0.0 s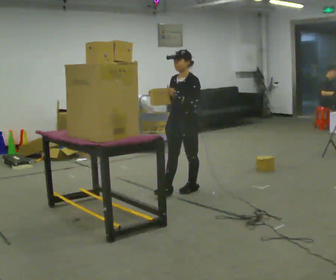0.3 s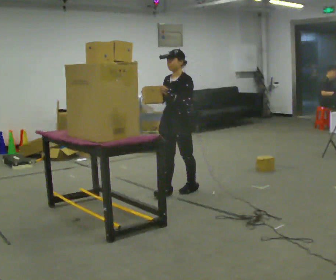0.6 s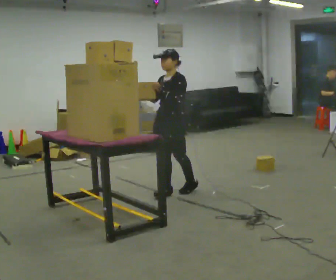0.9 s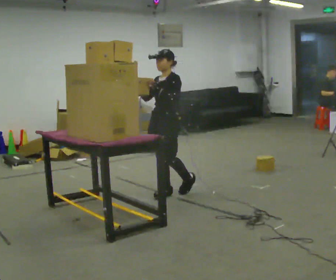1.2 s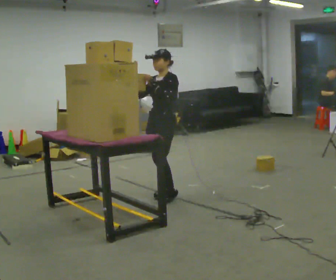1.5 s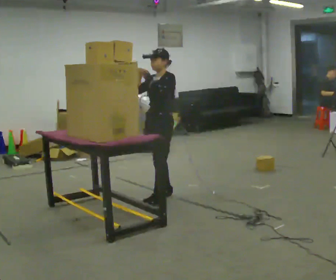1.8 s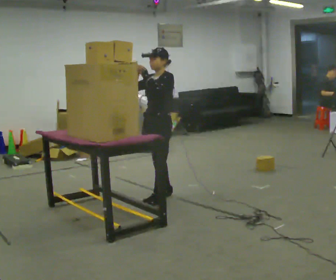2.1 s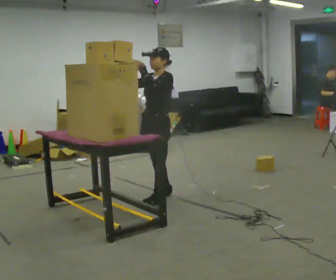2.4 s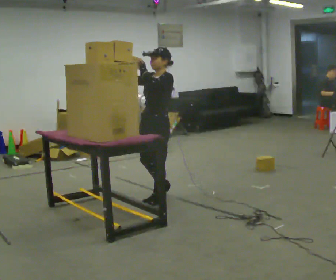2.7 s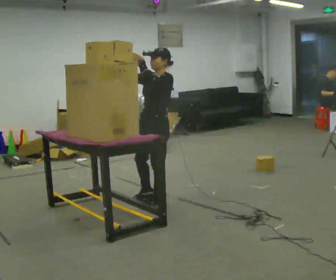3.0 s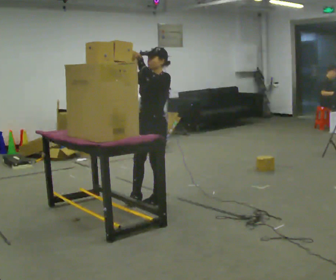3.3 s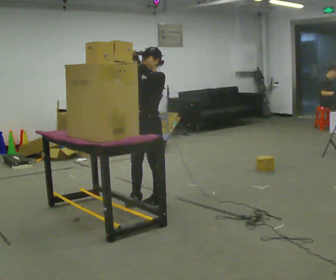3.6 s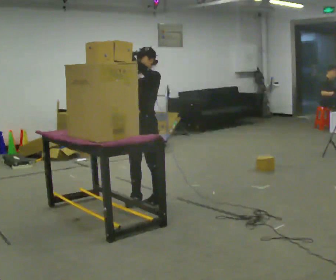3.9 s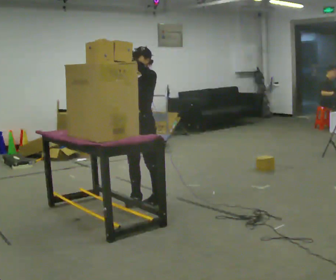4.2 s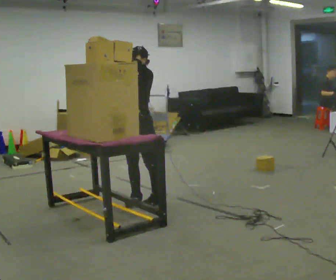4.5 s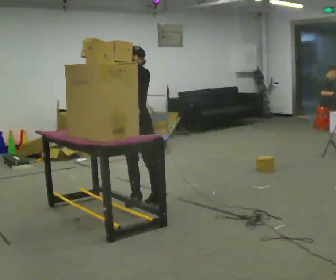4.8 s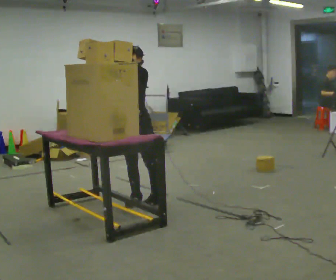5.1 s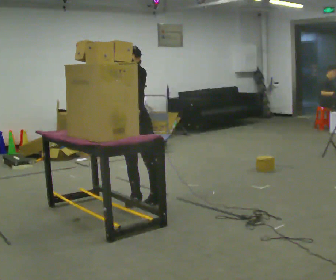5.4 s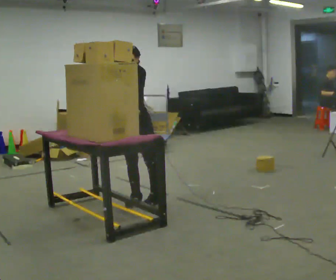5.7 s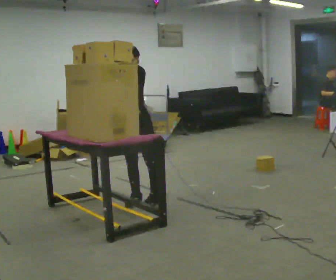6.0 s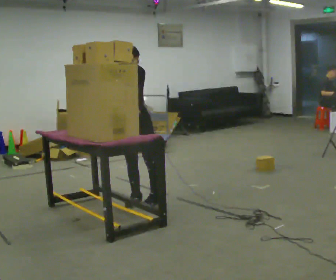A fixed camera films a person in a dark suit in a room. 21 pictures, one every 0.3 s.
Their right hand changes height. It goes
upward.
Their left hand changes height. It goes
upward.
0.0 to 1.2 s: In the picture they go to the left, about 0.25 m, which for them is forward.
1.2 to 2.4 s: In the picture they go toward the camera, about 0.25 m in 1 step, which for them is forward and to their left.
2.4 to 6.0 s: The part of the body nearest the lens slides to the right as the person turns to their left by about 30 degrees. In the picture they go to the left, about 0.25 m in 1 step, which for them is forward and to their right. In the picture the upper body tilts counterclockwise, shoulders to the left. In the picture their right hand goes to the left.
The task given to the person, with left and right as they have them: Pick an object up off the floor, carry it across the room, and place it on the highest shelf you can comfortably reach. Keep going until the operator says stop; one object at a time, and do not rush between trips.
The film runs forward here.
